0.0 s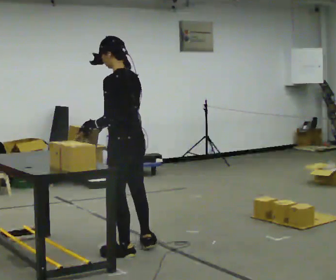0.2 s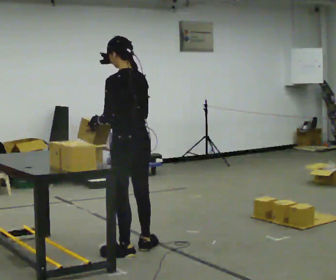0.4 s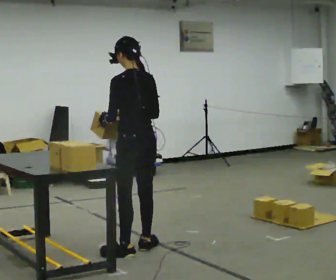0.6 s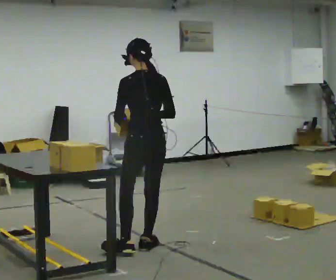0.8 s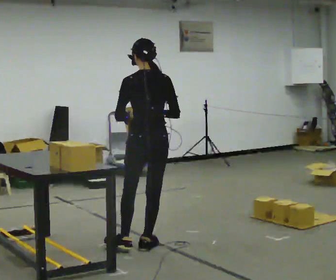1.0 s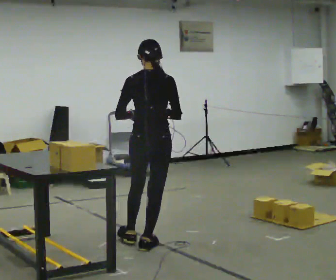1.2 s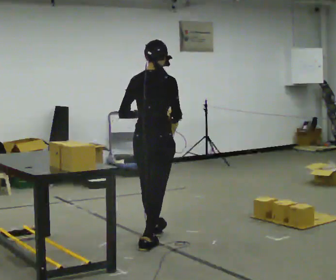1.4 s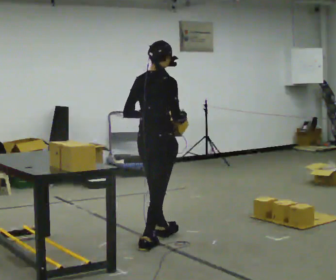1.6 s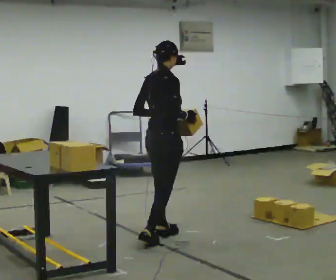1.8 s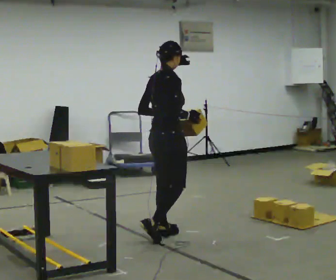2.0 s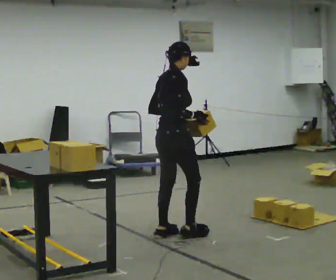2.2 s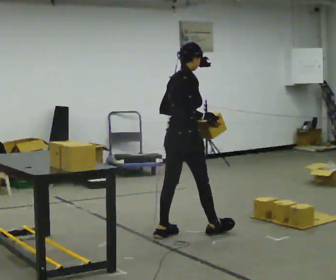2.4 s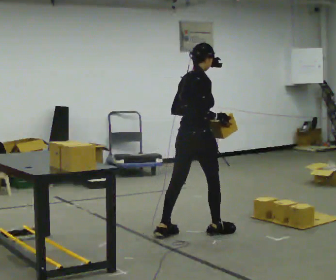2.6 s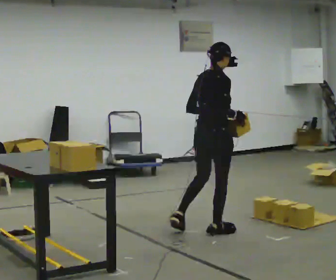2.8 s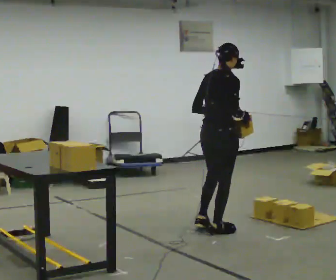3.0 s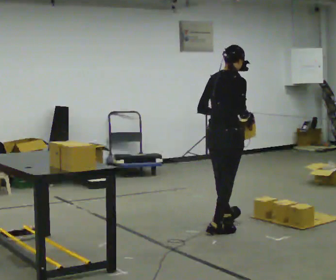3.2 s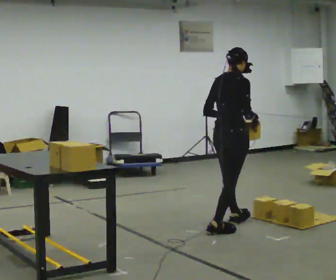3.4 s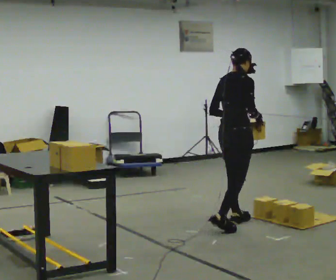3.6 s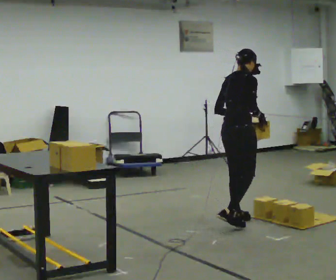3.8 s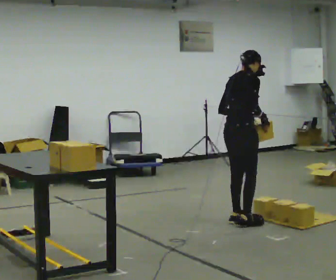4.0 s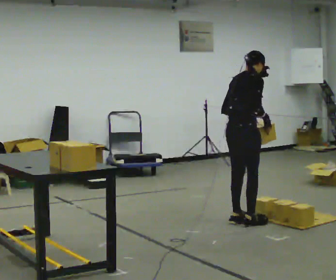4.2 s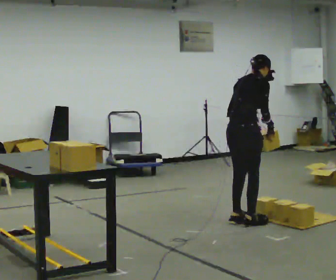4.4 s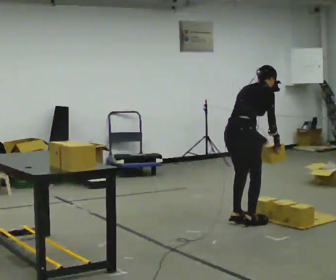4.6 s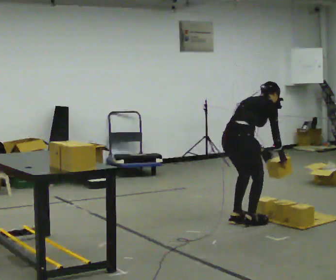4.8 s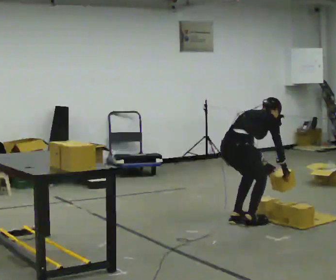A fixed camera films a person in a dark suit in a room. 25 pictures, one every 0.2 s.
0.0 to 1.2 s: The part of the body nearest the lens slides to the left as the person turns to their right by about 75 degrees. In the picture they go away from the camera, about 0.25 m.
1.2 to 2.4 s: Seen from above the body turns clockwise, about 30 degrees: to their right, with its near side sliding to the left. In the picture they go away from the camera and to the right, about 0.5 m in 2 steps, which for them is forward.
2.4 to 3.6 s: In the picture they go to the right and away from the camera, about 0.5 m in 1 step, which for them is forward.
3.6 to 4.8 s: The shoulders move downward. In the picture the upper body tilts clockwise, shoulders to the right, as they bend forward. In the picture their left hand goes downward.
The film runs forward here.
